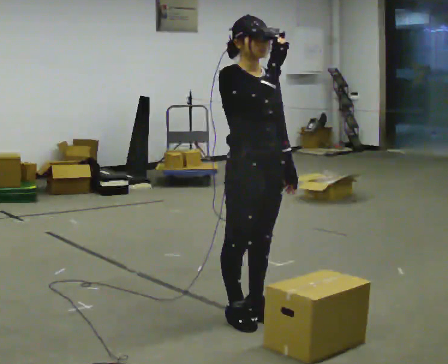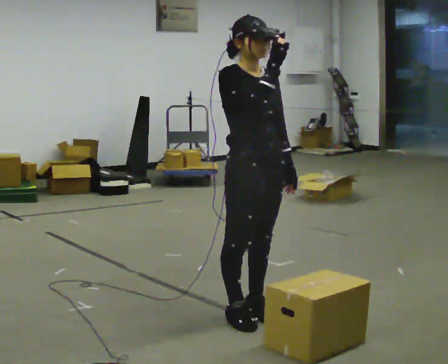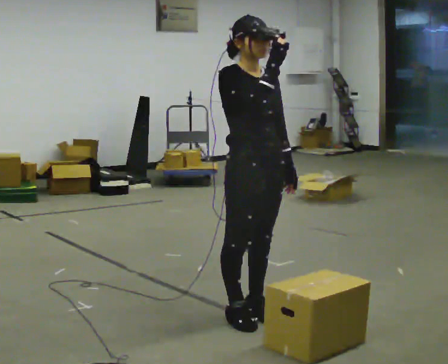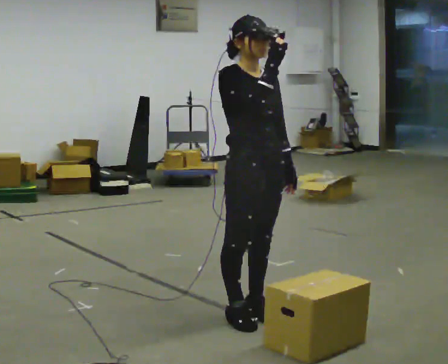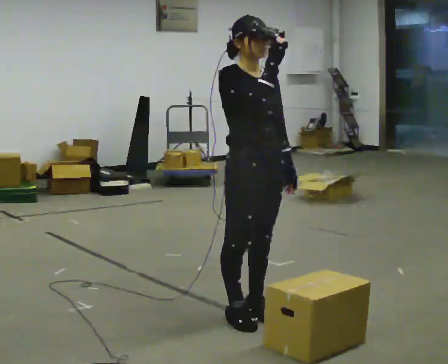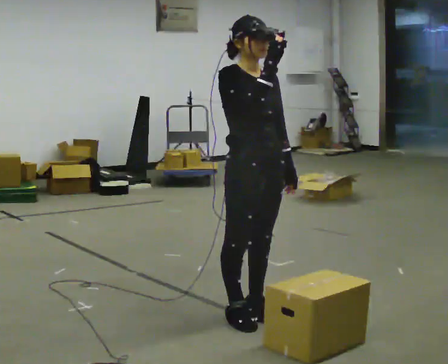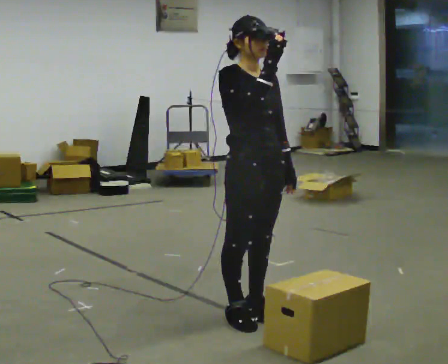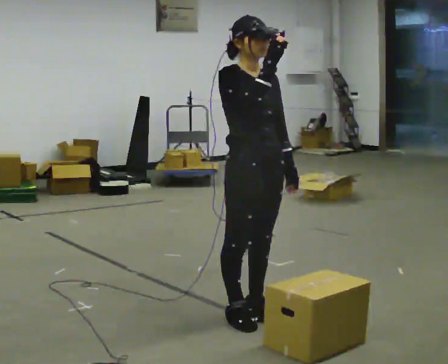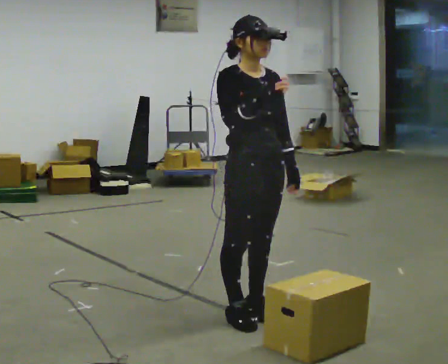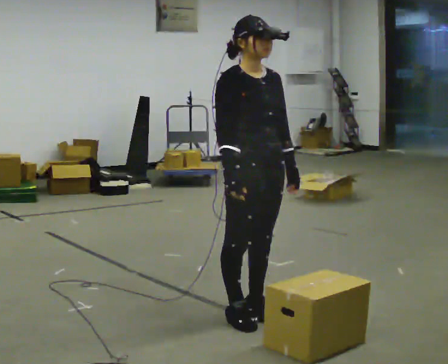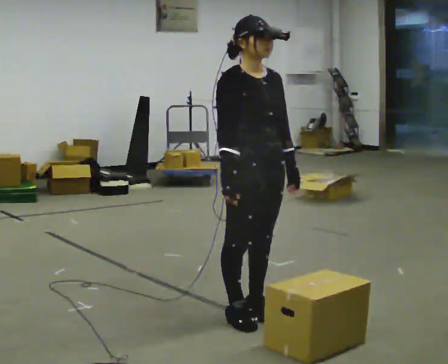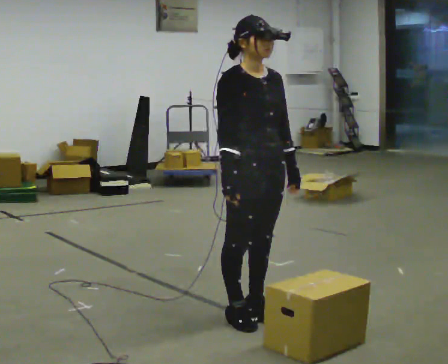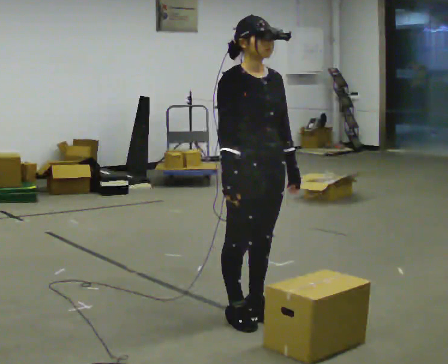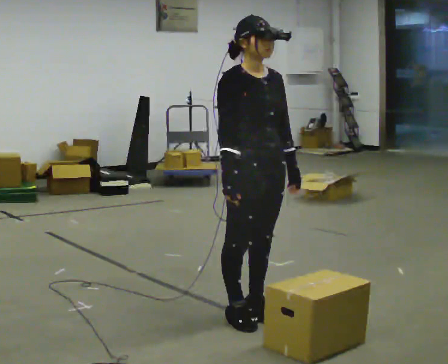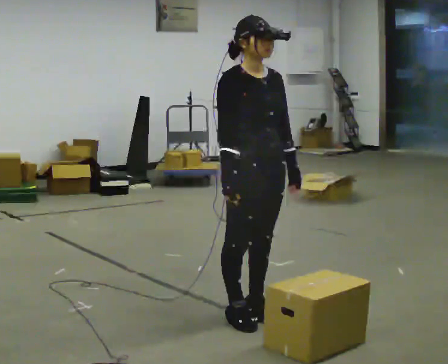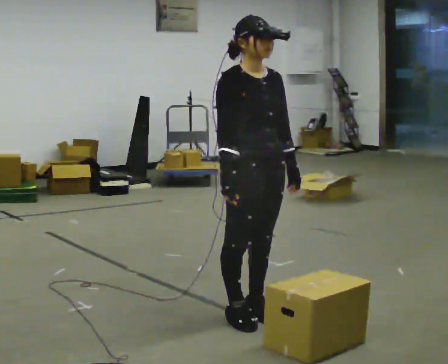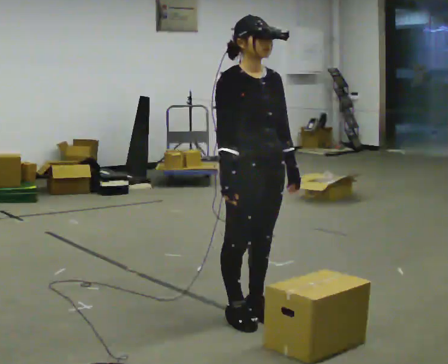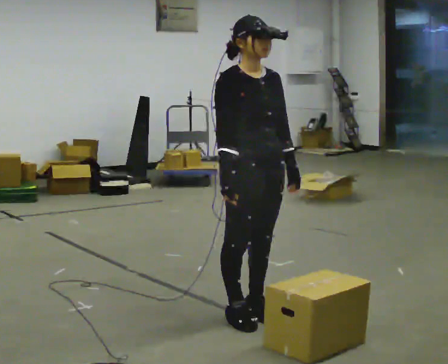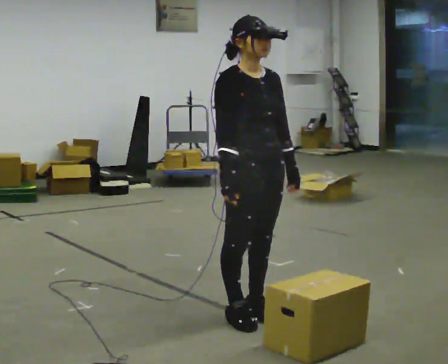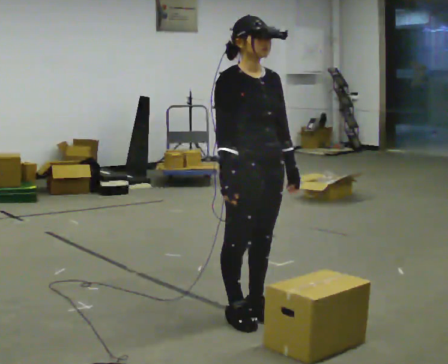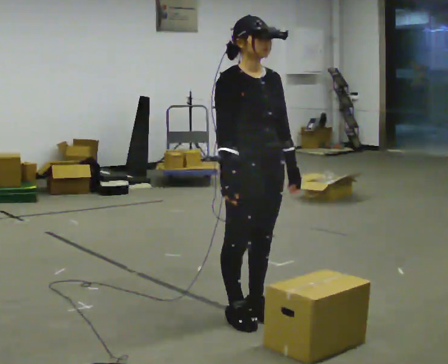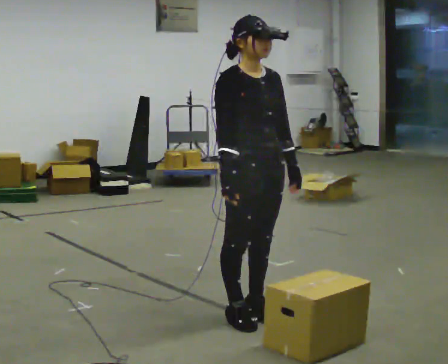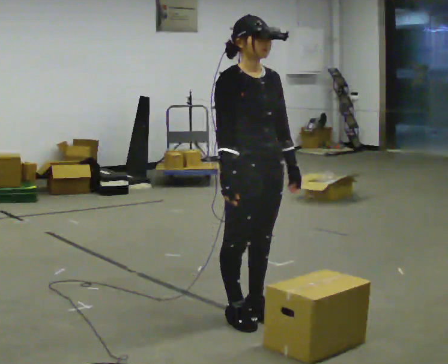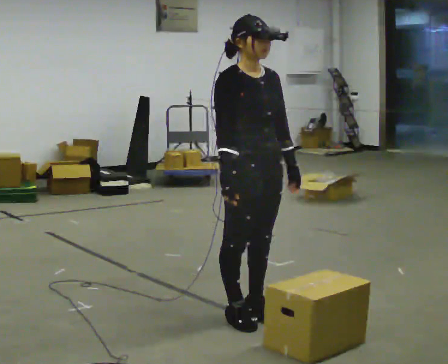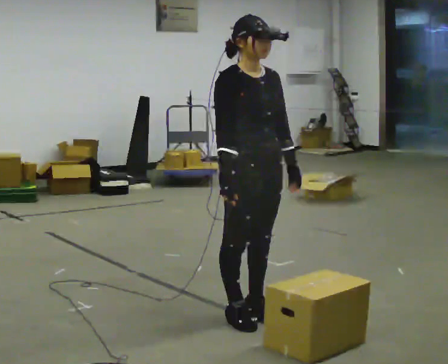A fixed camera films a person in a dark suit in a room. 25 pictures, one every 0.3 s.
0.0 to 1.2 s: The person keeps their place and pose.
1.2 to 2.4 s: The person moves a little, or ends about where they began.
2.4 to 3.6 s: In the picture their right hand goes downward.
3.6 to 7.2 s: The person keeps their place and pose.
The film runs backward here.
